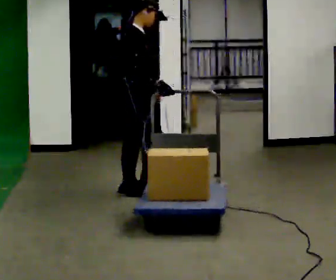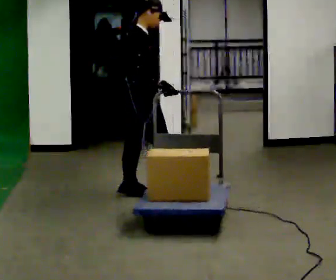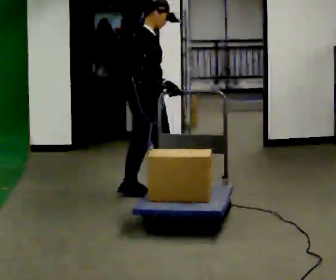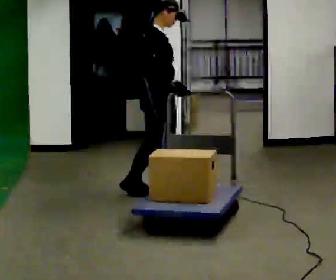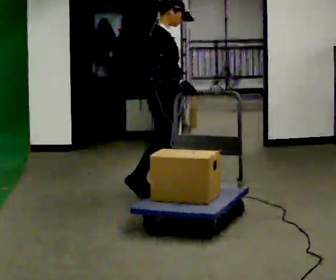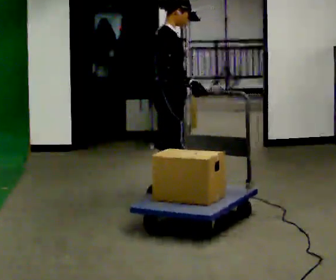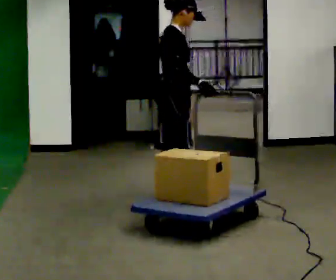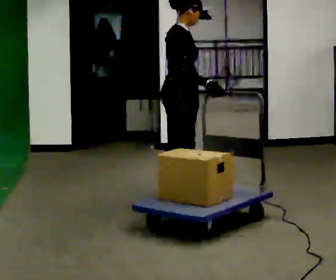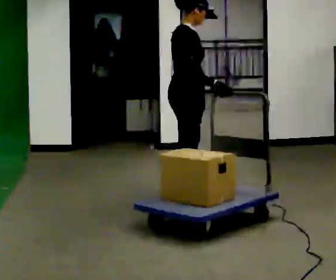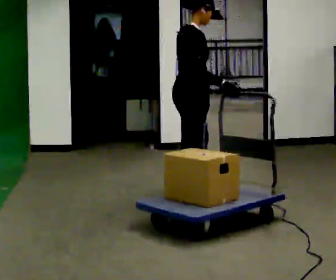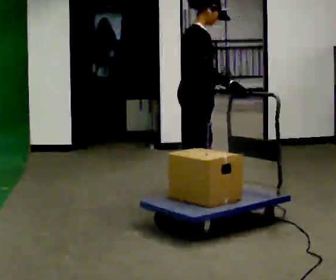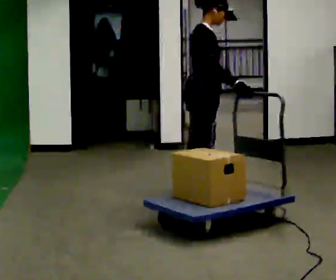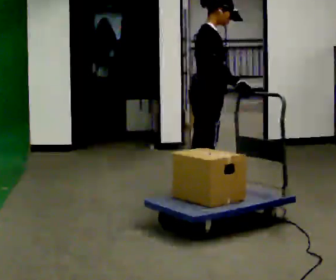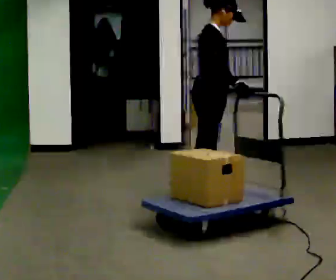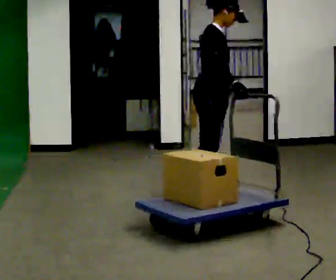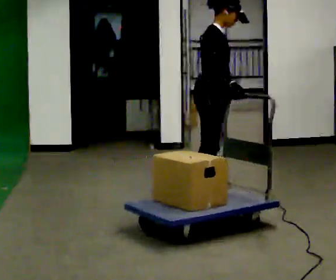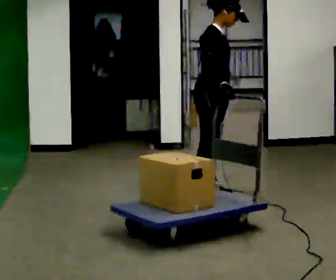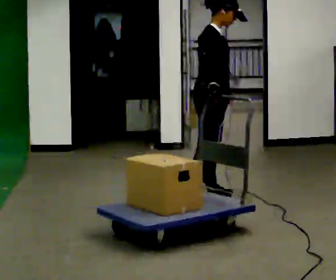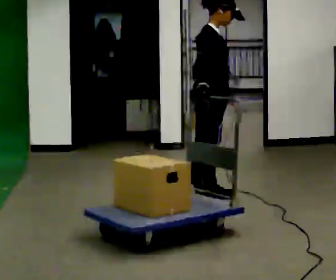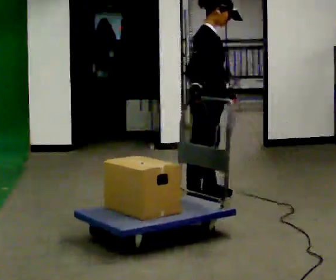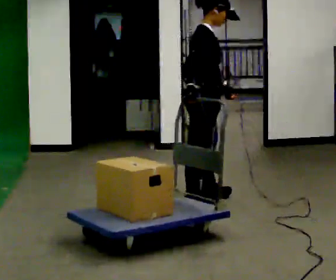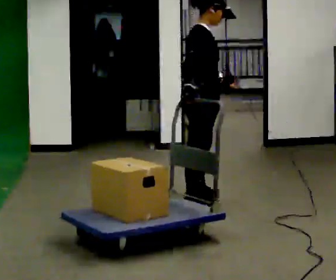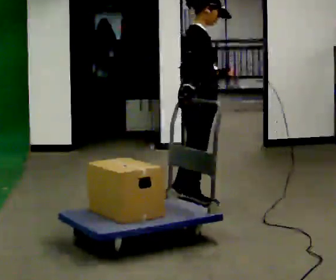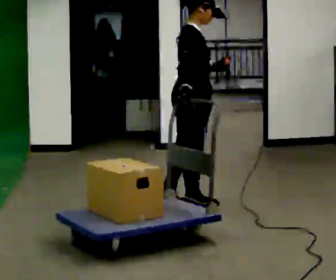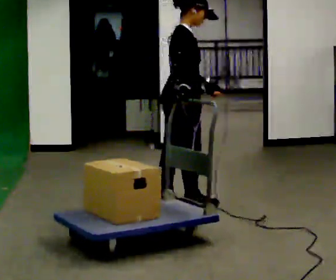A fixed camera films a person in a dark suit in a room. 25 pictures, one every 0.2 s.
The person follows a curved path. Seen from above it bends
clockwise.
0.0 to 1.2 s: In the picture they go to the right, about 0.25 m in 1 step, which for them is forward.
1.2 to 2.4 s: In the picture they go to the right, about 0.25 m in 1 step, which for them is forward and to their right.
2.4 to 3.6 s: The person moves a little, or ends about where they began.
3.6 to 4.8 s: In the picture they go to the left and toward the camera, about 0.25 m in 1 step, which for them is backward.
The film runs backward here.
